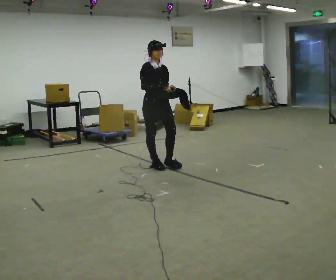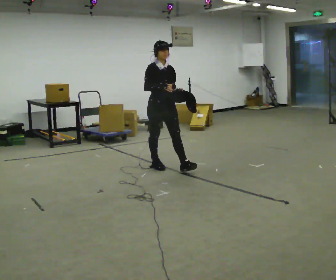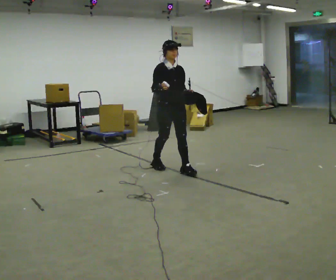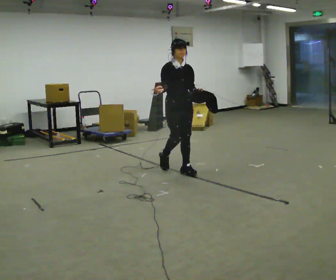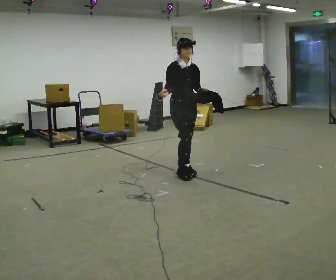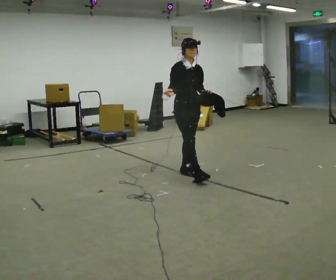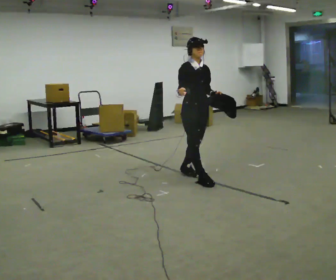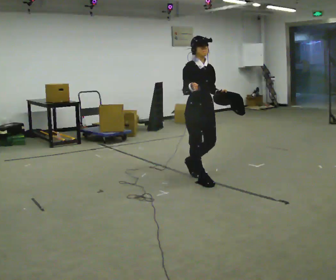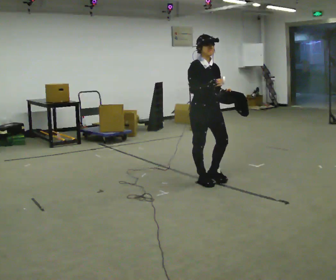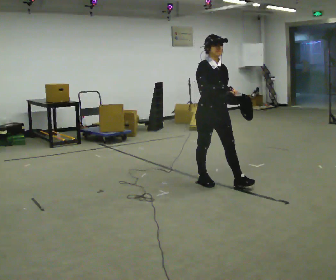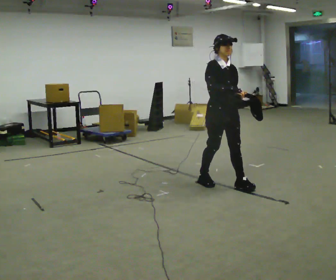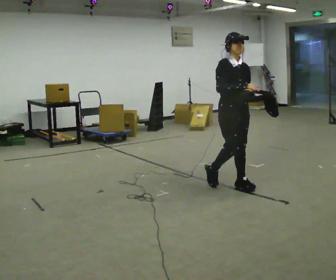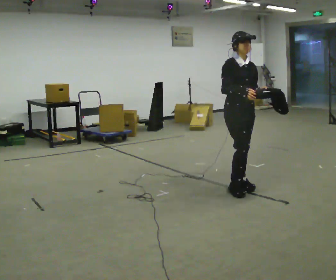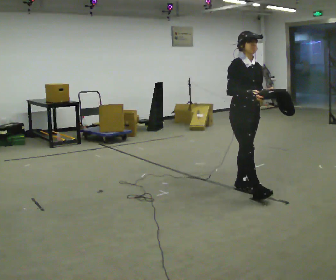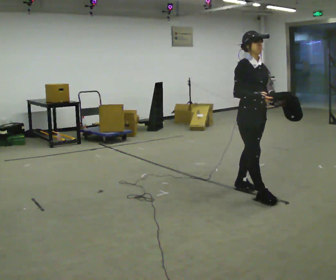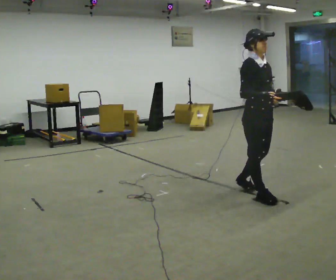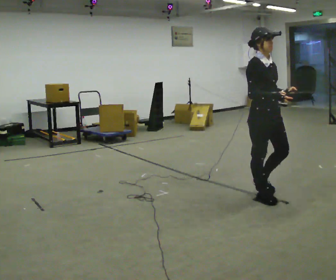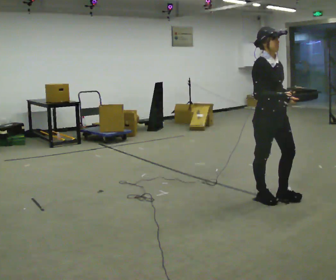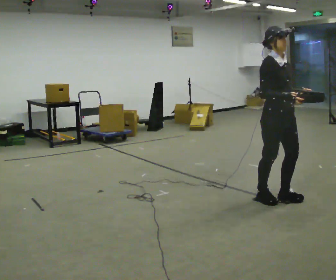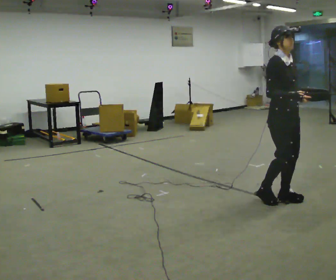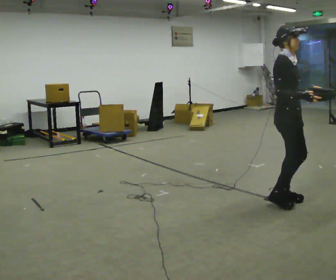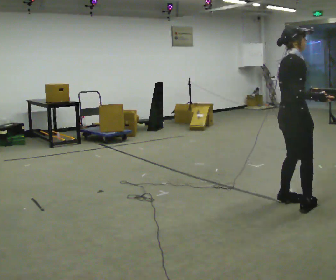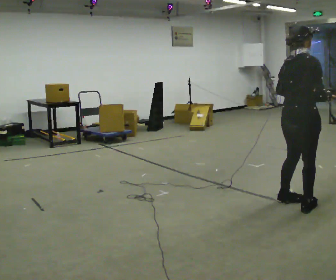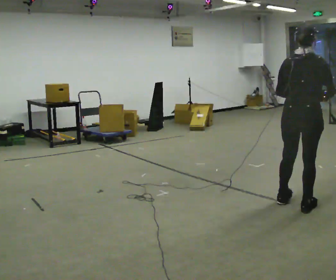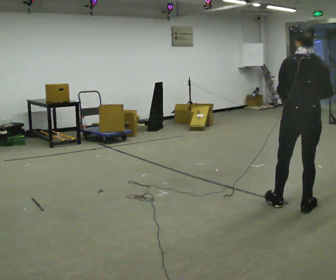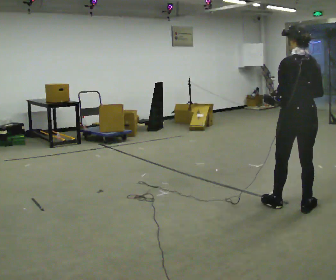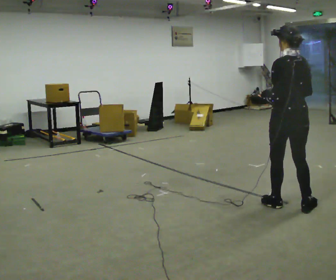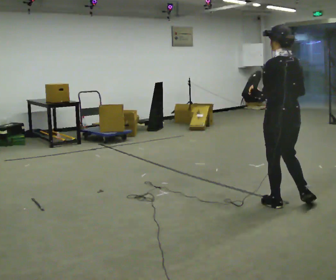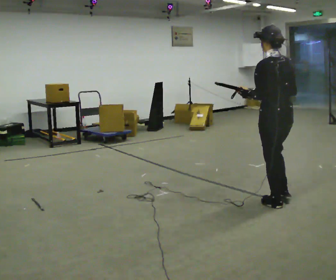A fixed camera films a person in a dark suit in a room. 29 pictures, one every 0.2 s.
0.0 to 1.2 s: In the picture they go to the right and toward the camera, about 0.5 m in 2 steps, which for them is forward.
1.2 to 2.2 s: In the picture they go to the right and toward the camera, about 0.5 m in 1 step, which for them is forward.
2.2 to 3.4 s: In the picture they go toward the camera and to the right, about 0.5 m in 1 step, which for them is forward.
3.4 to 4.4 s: The person turns about 75 degrees to their left, counterclockwise seen from above, so the part of the body nearest the lens slides to the right. In the picture they go to the right and toward the camera, about 0.25 m in 2 steps.
4.4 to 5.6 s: The person turns about 90 degrees to their left, counterclockwise seen from above, so the part of the body nearest the lens slides to the right. In the picture they go to the left and away from the camera, about 0.25 m in 1 step. In the picture their right hand goes to the left.
The film runs forward here.
